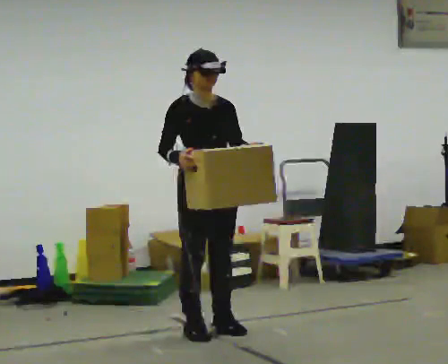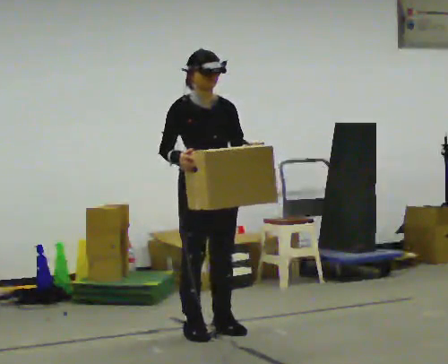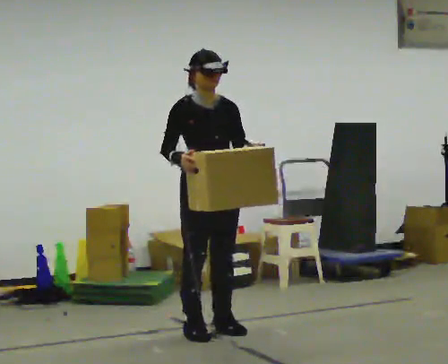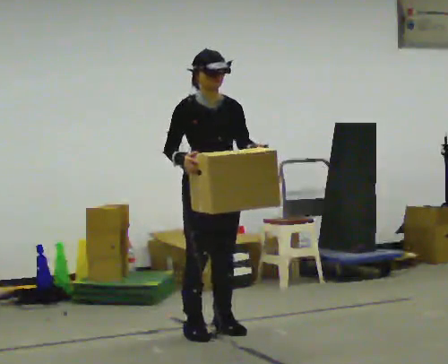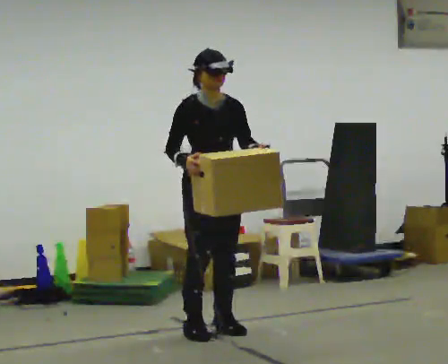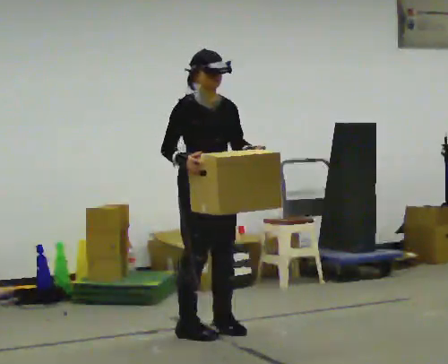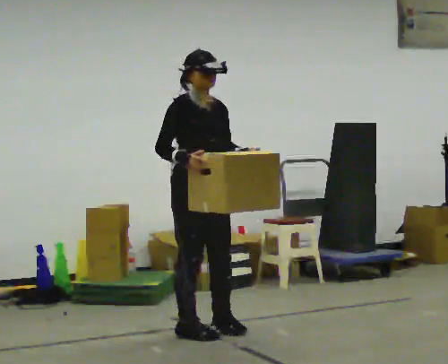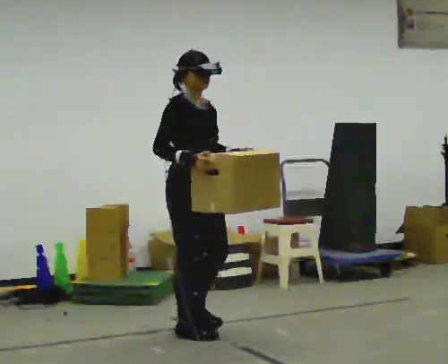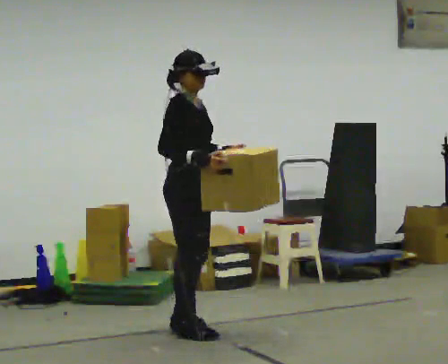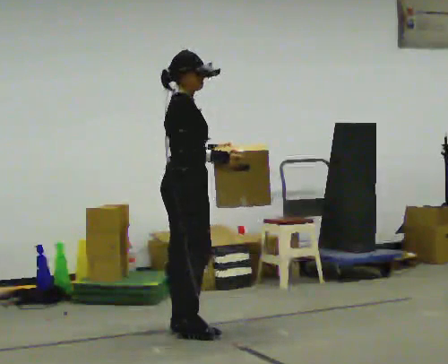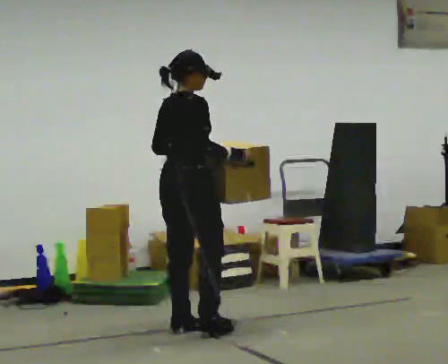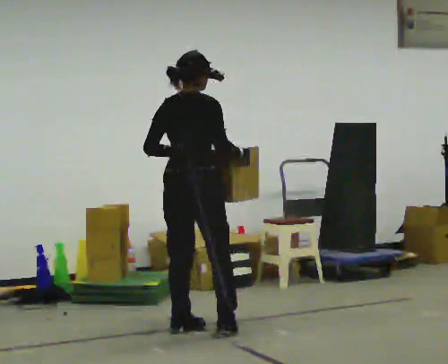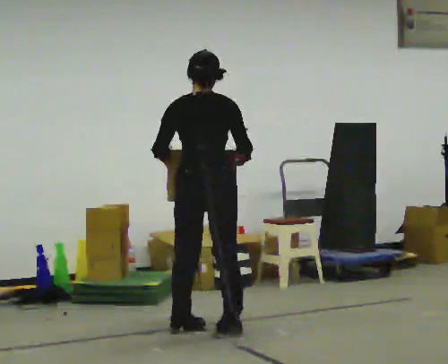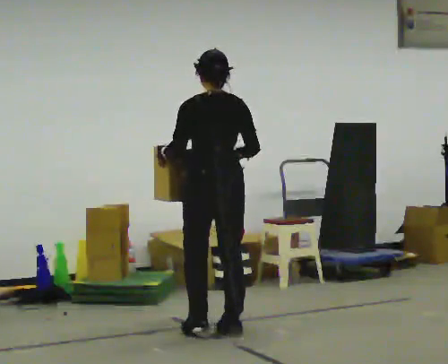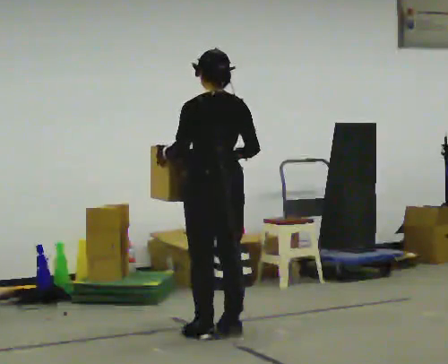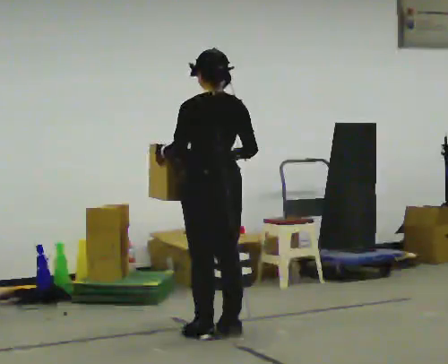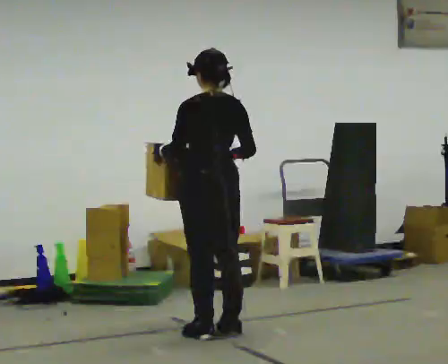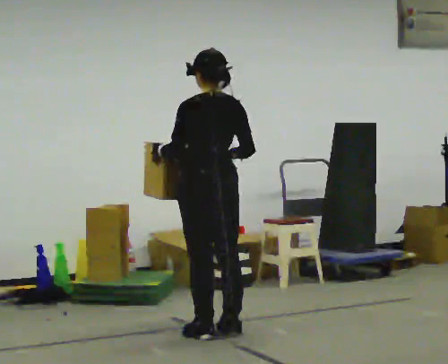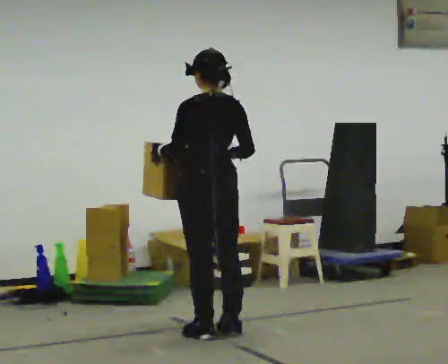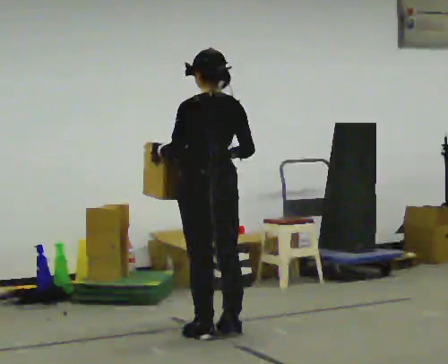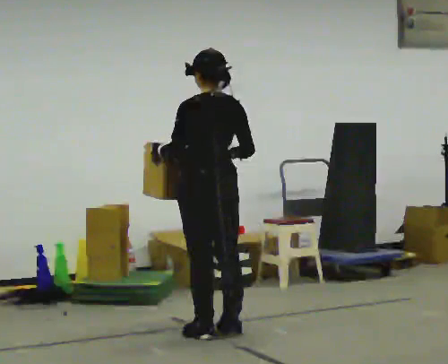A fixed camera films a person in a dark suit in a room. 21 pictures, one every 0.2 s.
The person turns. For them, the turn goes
to their left.
The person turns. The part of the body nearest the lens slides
to the right.
0.0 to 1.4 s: The part of the body nearest the lens slides to the right as the person turns to their left by about 30 degrees.
1.4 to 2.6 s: Seen from above the body turns counterclockwise, about 135 degrees: to their left, with its near side sliding to the right. In the picture their right hand goes to the right.
2.6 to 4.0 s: The person moves a little, or ends about where they began.
The film runs backward here.
